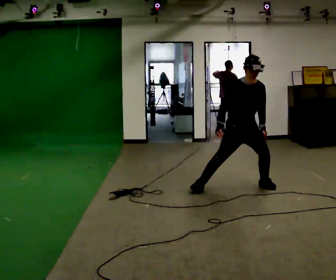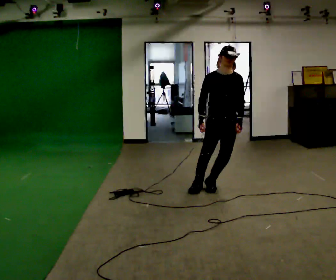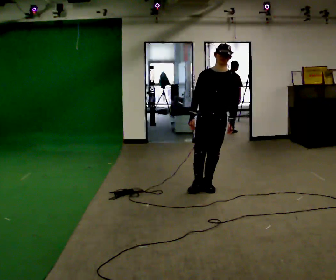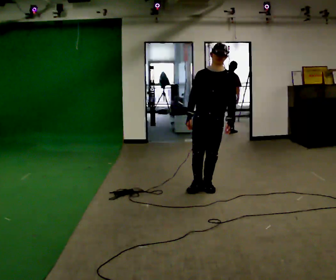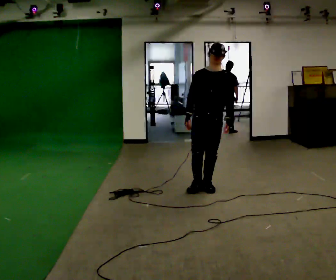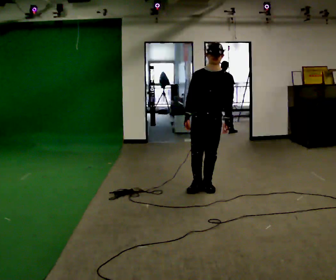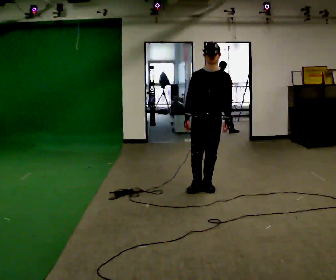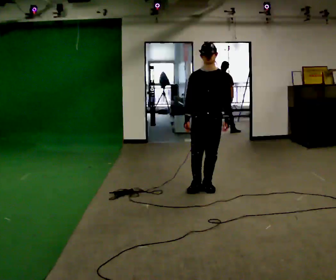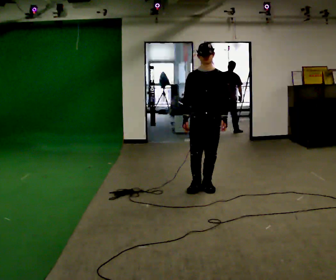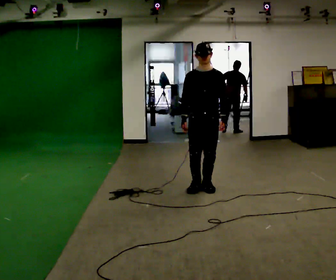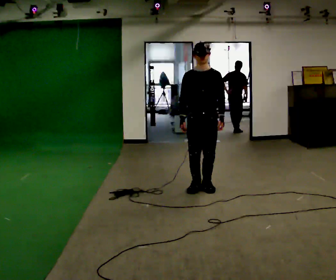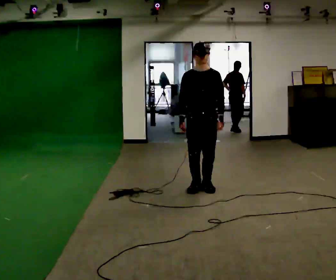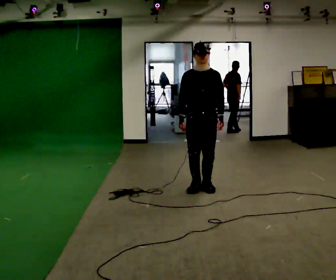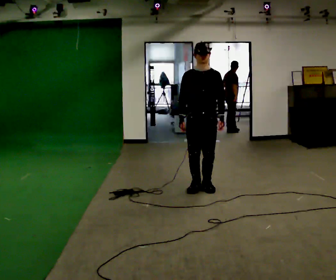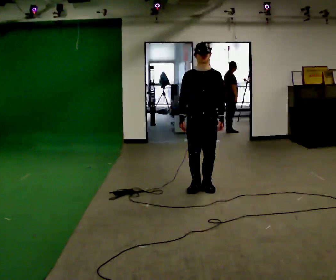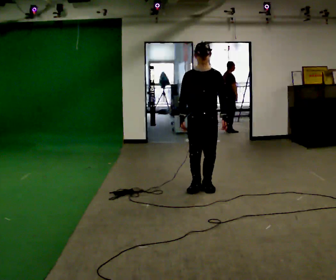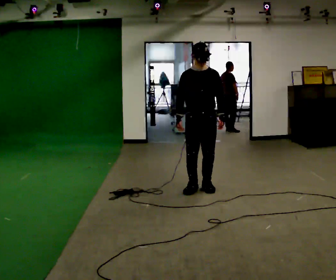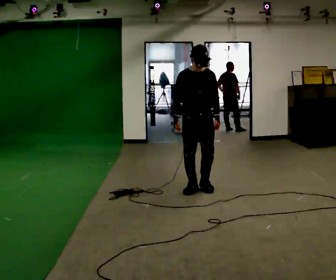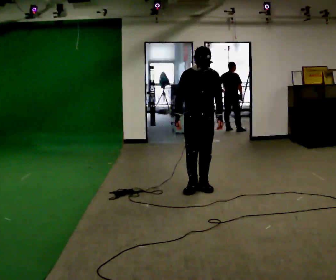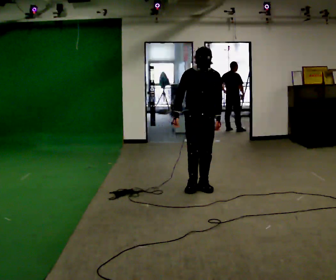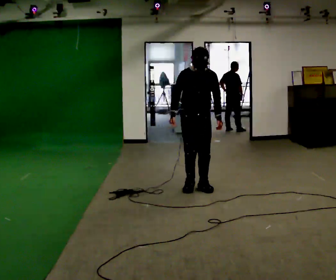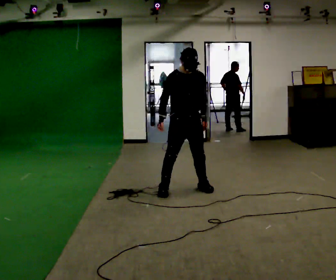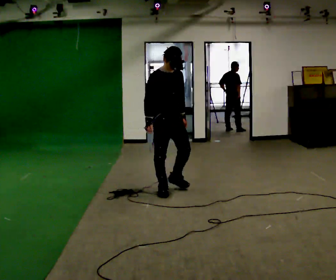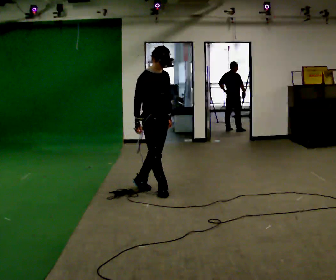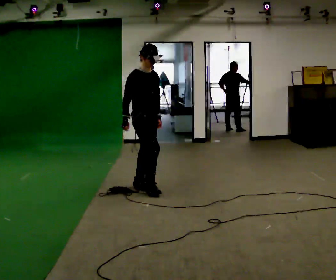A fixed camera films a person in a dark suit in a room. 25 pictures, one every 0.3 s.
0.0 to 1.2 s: In the picture they go to the left, about 0.5 m, which for them is to their right. The upper body tips away from the camera, its near side rolling upward, as they lean back or straighten.
1.2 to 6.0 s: The person moves a little, or ends about where they began.
6.0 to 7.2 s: The part of the body nearest the lens slides to the right as the person turns to their left by about 45 degrees. In the picture they go to the left, about 0.5 m in 2 steps, which for them is to their right and backward.
The film runs backward here.
